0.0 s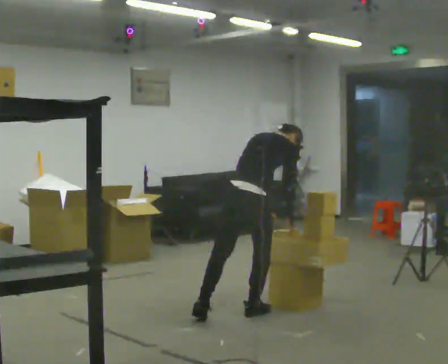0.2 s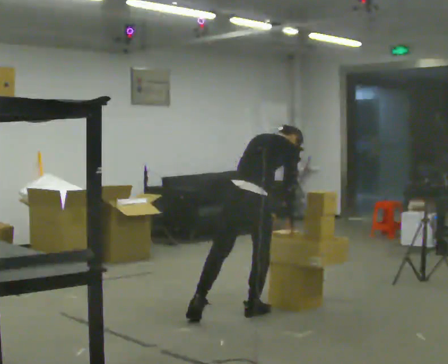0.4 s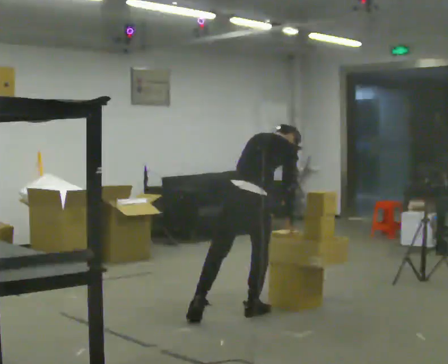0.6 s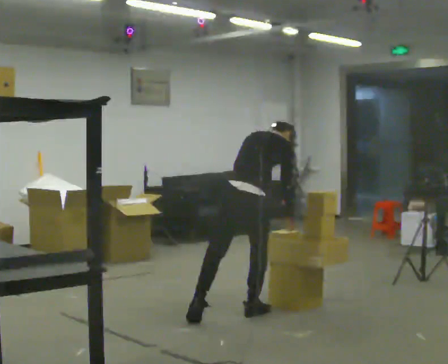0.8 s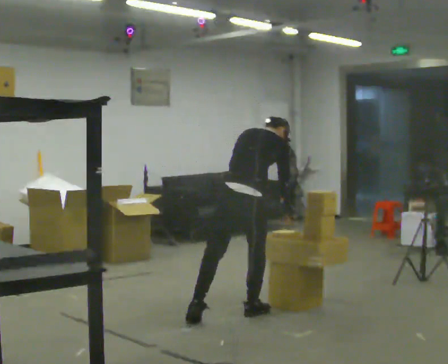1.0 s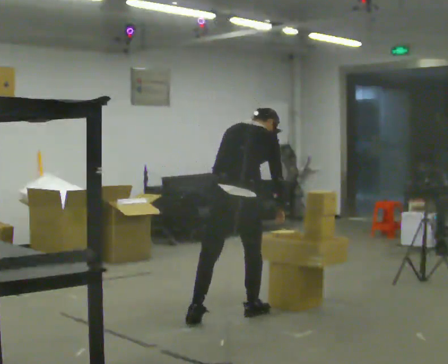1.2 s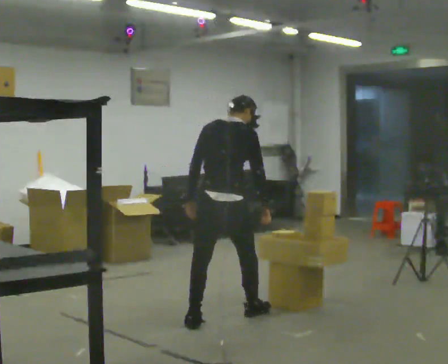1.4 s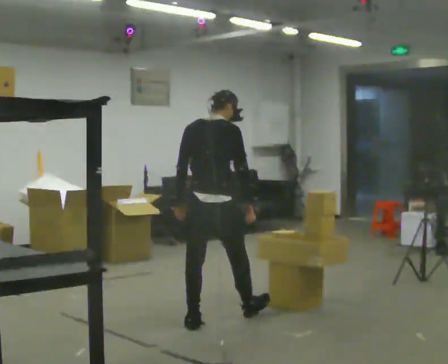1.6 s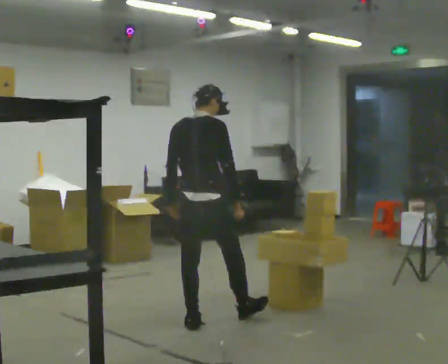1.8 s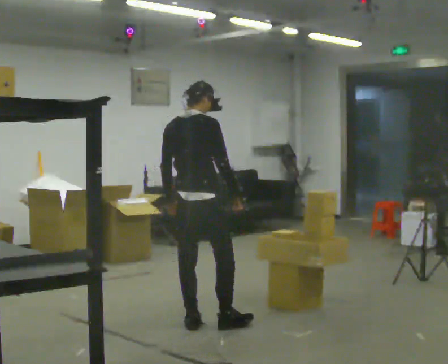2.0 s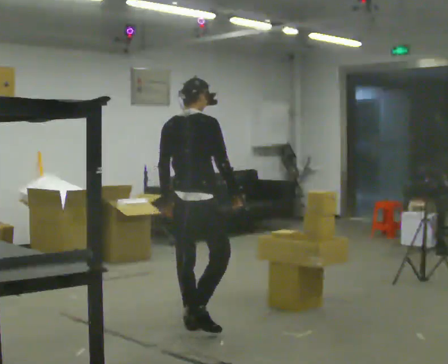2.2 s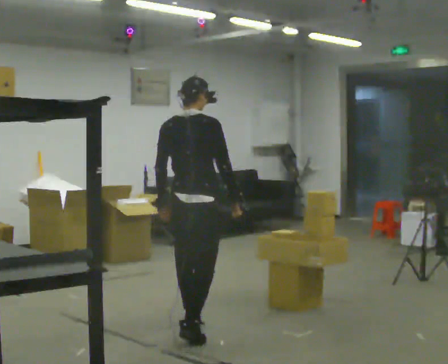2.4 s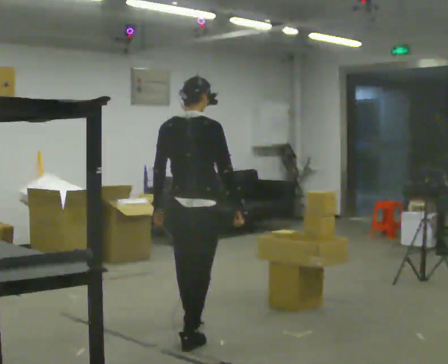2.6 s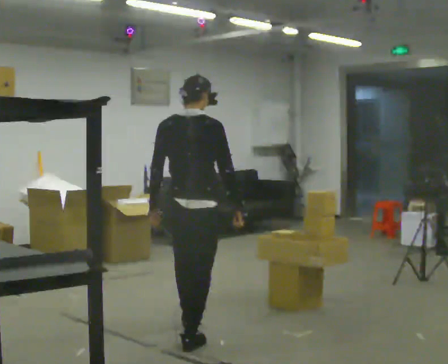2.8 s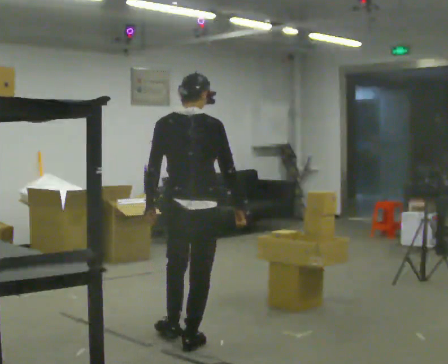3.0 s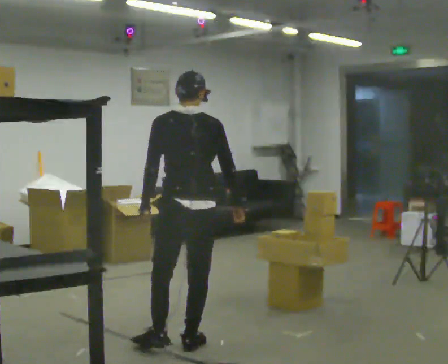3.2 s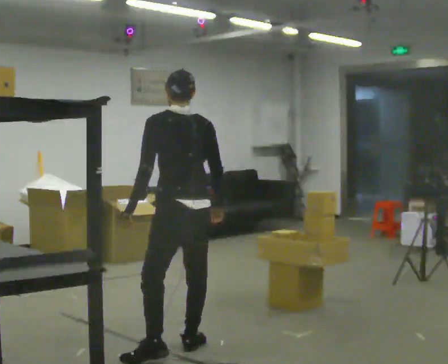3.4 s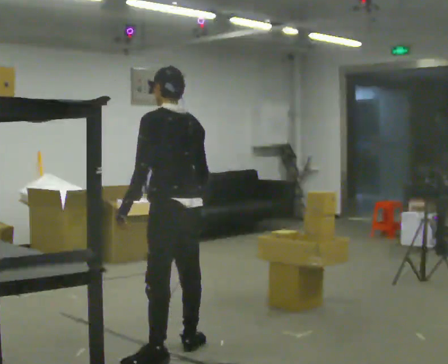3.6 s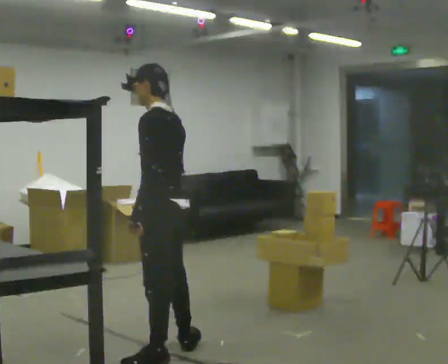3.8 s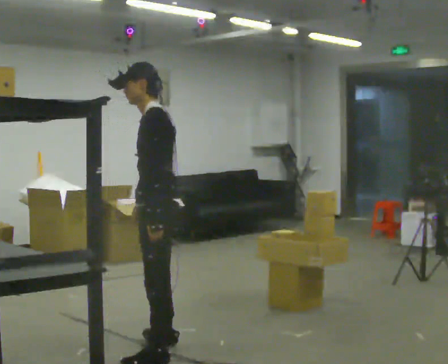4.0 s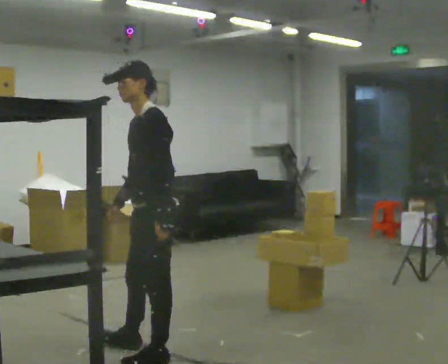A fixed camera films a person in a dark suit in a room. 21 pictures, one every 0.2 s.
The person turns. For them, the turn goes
to their left.
The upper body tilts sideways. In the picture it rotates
counterclockwise.
0.0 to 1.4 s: In the picture they go to the left, about 0.25 m, which for them is backward and to their left. In the picture the upper body tilts counterclockwise, shoulders to the left, as they lean back or straighten.
1.4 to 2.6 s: In the picture they go toward the camera, about 0.5 m in 2 steps, which for them is backward.
2.6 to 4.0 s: The person turns about 120 degrees to their left, counterclockwise seen from above, so the part of the body nearest the lens slides to the right. In the picture they go toward the camera and to the left, about 0.5 m in 1 step.
The film runs backward here.
